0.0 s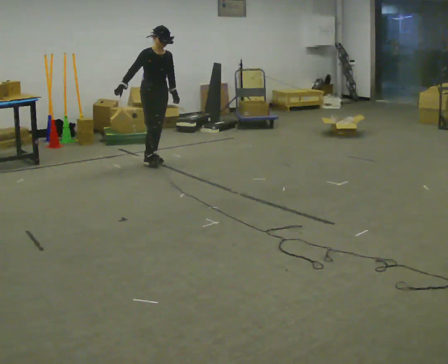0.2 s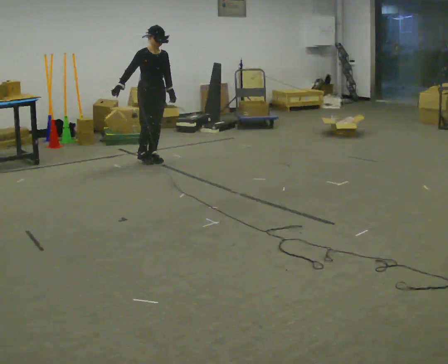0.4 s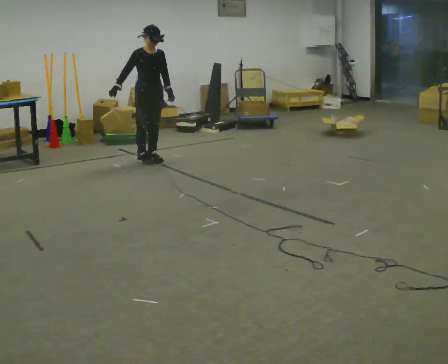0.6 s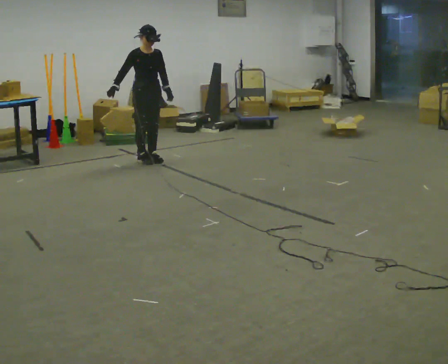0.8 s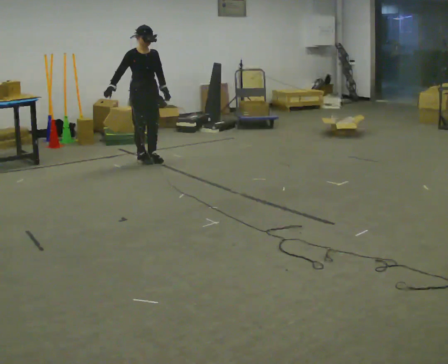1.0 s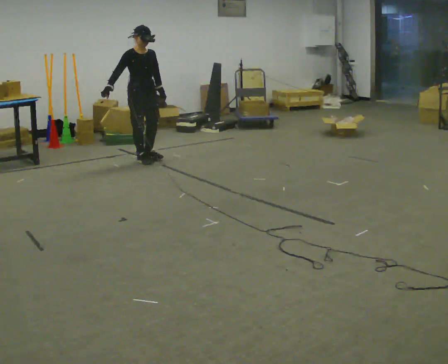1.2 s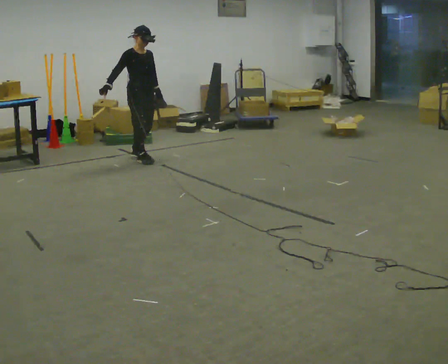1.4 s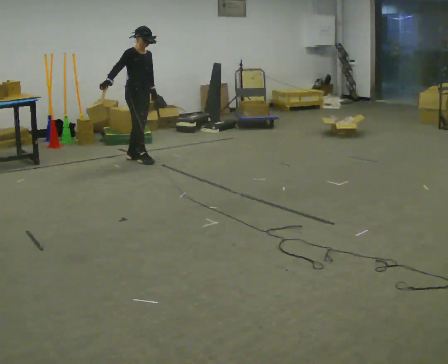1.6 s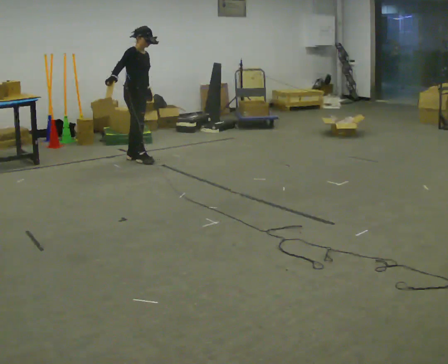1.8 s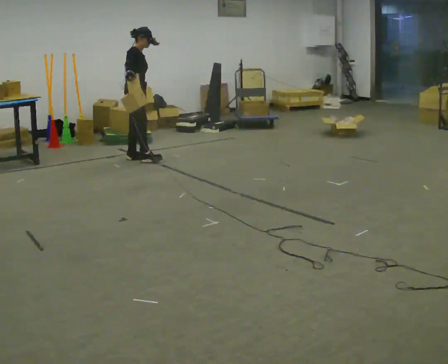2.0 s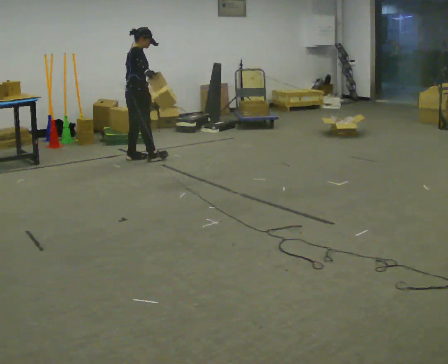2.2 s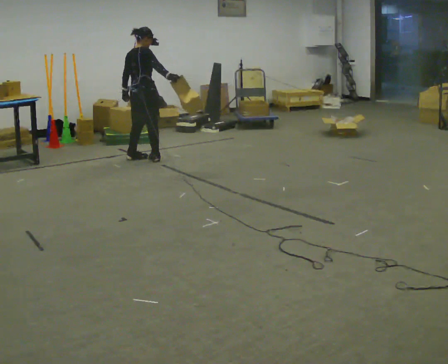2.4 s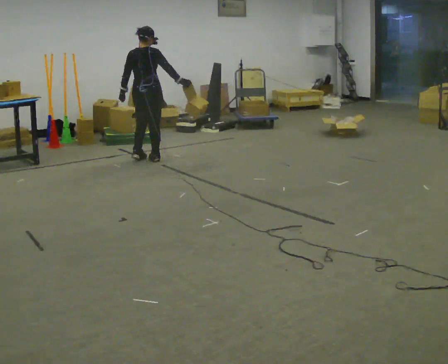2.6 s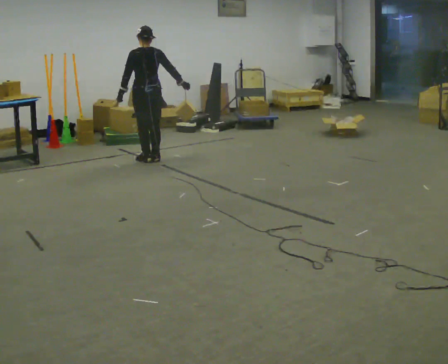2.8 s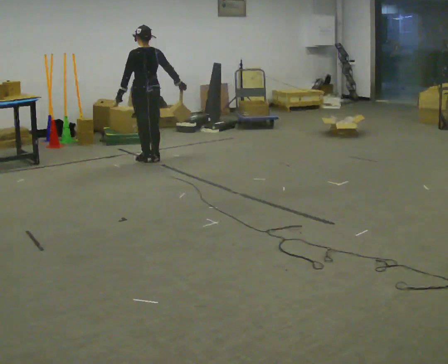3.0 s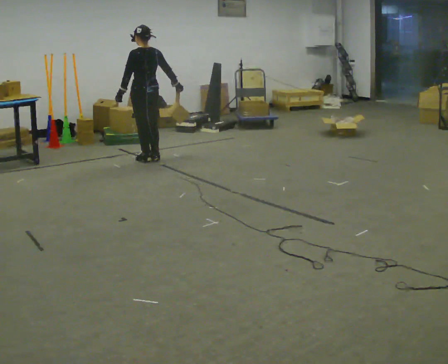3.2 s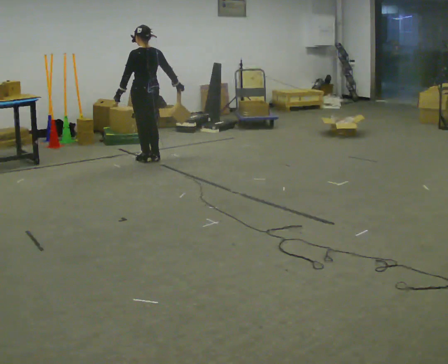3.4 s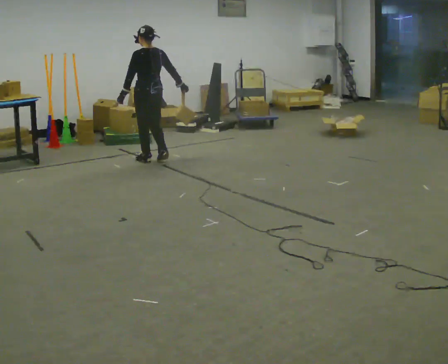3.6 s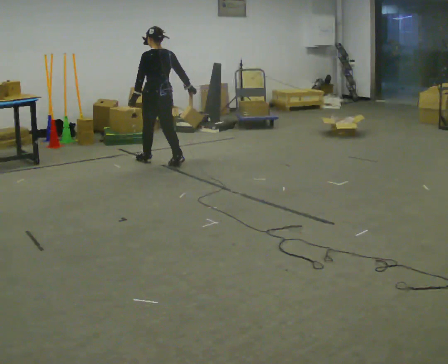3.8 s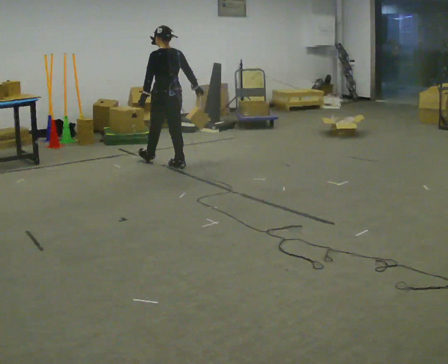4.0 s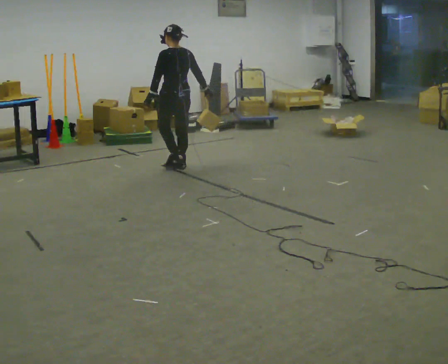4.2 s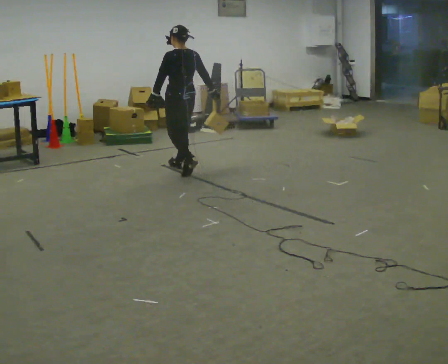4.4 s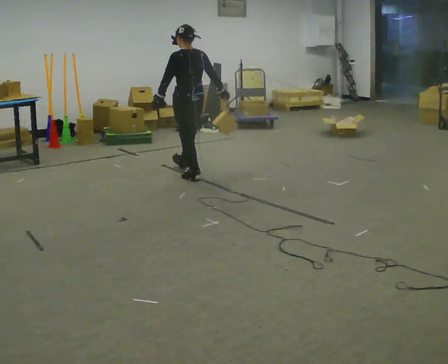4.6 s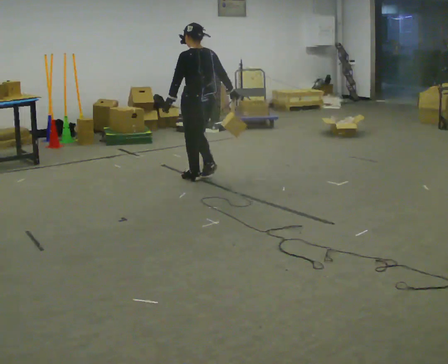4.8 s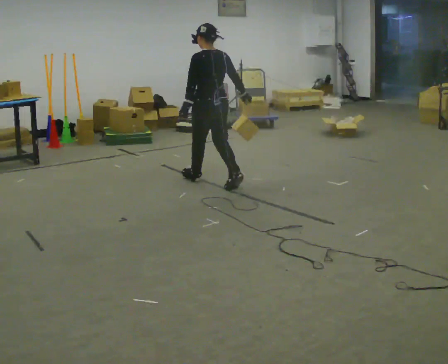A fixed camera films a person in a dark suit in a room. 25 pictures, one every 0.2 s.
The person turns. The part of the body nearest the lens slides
to the right.
The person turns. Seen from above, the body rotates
counterclockwise.
0.0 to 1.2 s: In the picture they go to the left, about 0.25 m in 1 step, which for them is backward.
1.2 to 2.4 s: Seen from above the body turns counterclockwise, about 120 degrees: to their left, with its near side sliding to the right. In the picture their right hand goes to the right.
2.4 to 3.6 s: The person turns about 45 degrees to their left, counterclockwise seen from above, so the part of the body nearest the lens slides to the right. In the picture they go toward the camera, about 0.25 m in 1 step, which for them is backward.
3.6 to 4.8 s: In the picture they go toward the camera and to the right, about 1 m in 2 steps, which for them is backward.
The film runs backward here.
